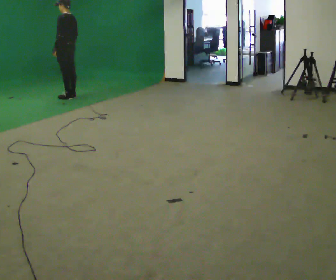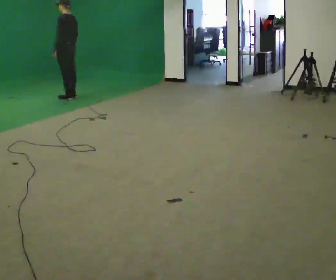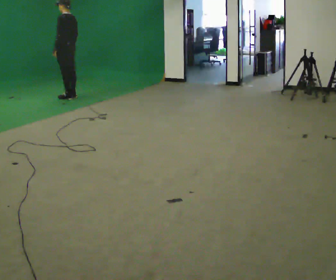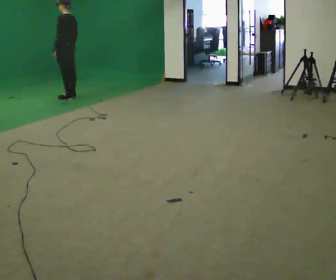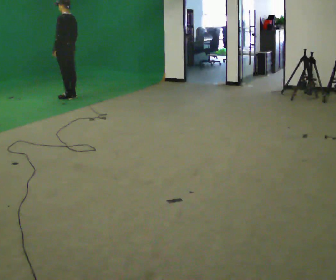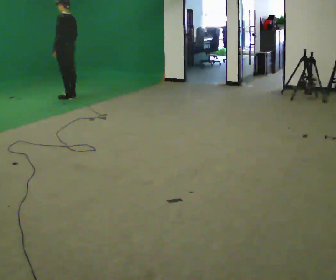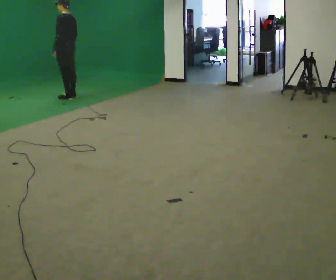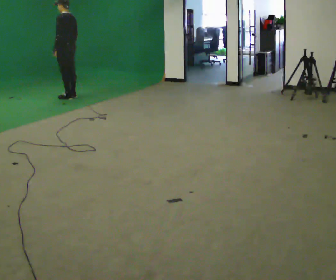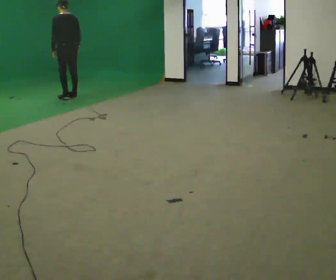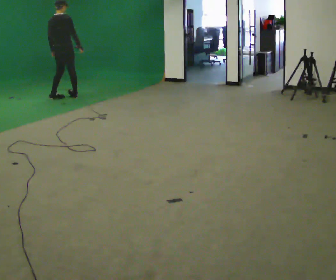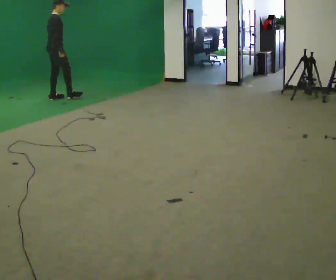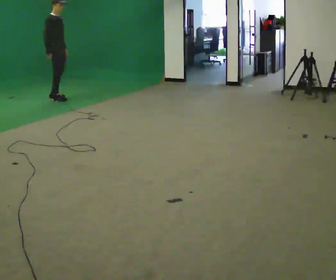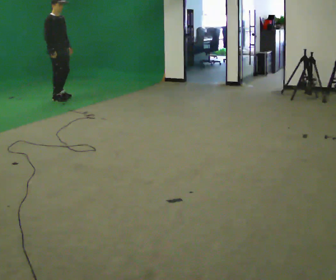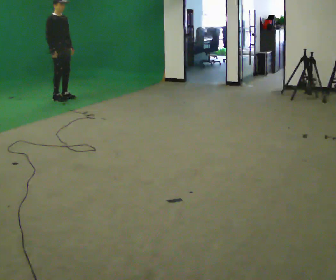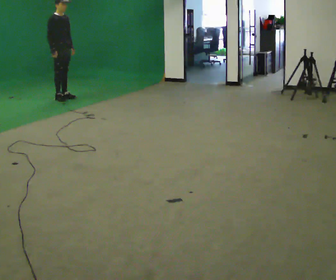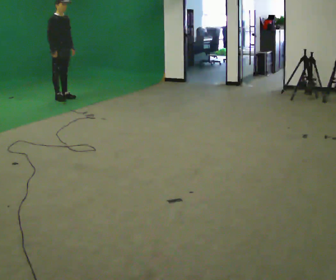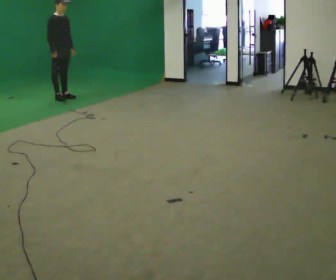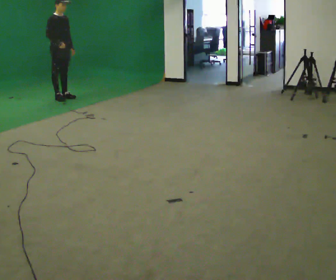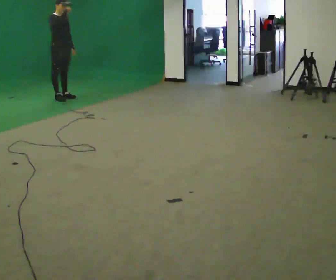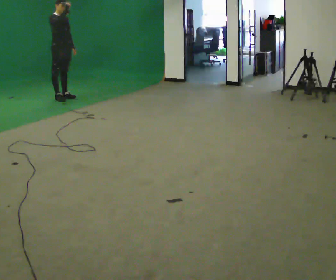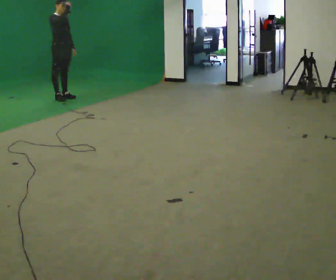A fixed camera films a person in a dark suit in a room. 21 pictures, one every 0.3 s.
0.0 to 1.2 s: The person keeps their place and pose.
1.2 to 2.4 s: The part of the body nearest the lens slides to the left as the person turns to their right by about 45 degrees.
2.4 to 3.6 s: The person turns about 135 degrees to their right, clockwise seen from above, so the part of the body nearest the lens slides to the left. In the picture they go to the left, about 0.25 m in 2 steps. In the picture their right hand goes to the left.
3.6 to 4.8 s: The person moves a little, or ends about where they began.
4.8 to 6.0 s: In the picture their right hand goes upward.
The film runs forward here.
